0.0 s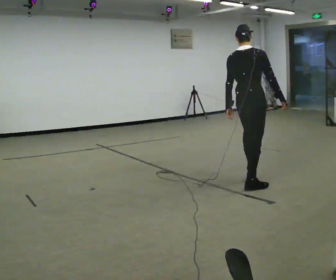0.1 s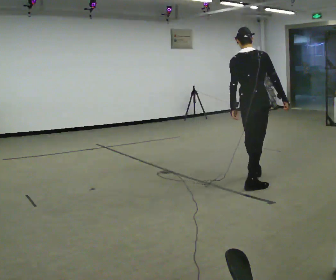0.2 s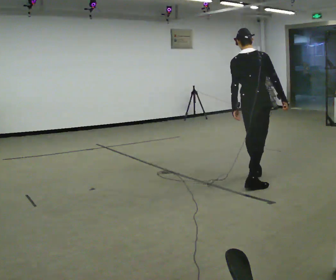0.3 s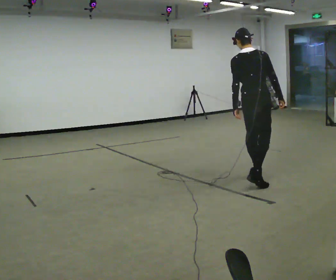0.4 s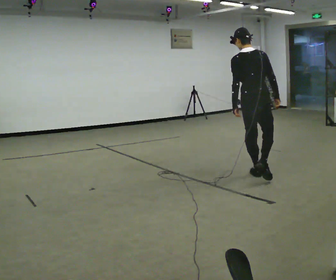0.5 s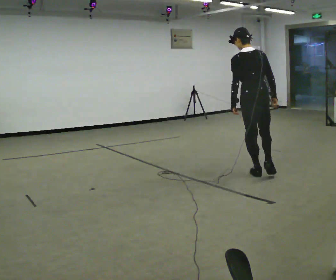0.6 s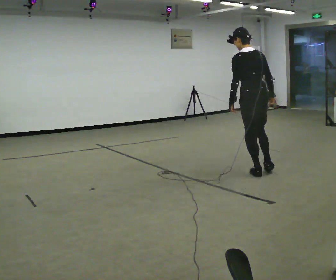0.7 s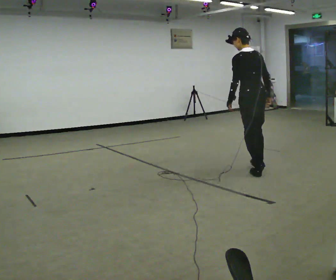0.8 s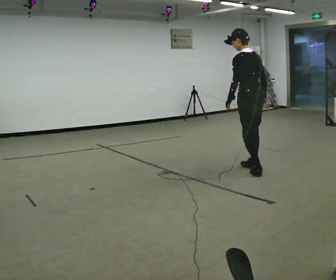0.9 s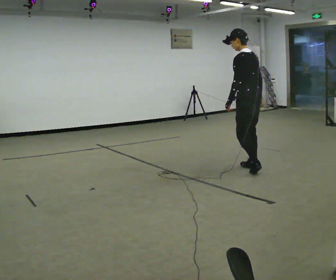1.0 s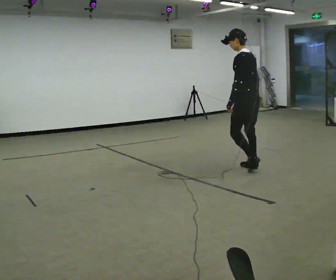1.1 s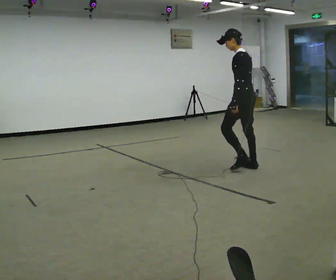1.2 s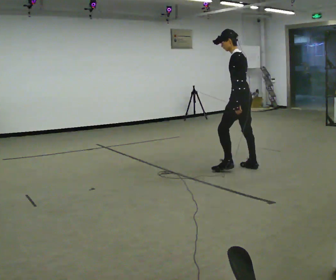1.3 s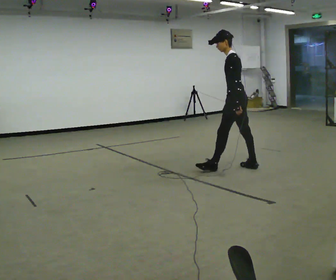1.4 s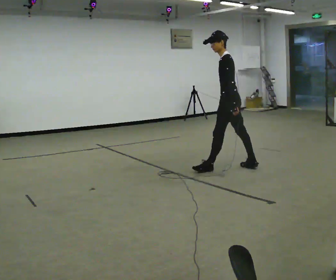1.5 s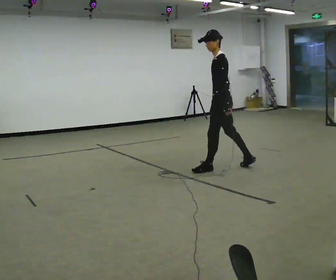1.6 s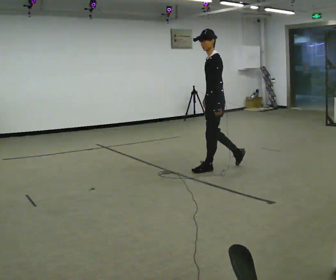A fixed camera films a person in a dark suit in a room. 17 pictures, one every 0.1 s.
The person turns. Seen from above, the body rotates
counterclockwise.
Their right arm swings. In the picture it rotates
clockwise.
0.0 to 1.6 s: Seen from above the body turns counterclockwise, about 120 degrees: to their left, with its near side sliding to the right. In the picture they go away from the camera and to the left, about 1 m in 3 steps.
The film runs forward here.
